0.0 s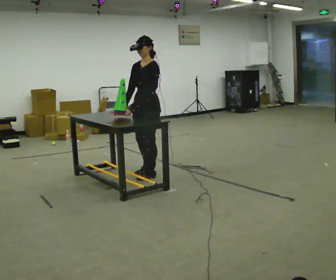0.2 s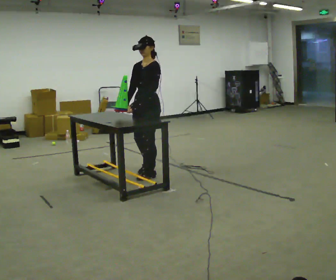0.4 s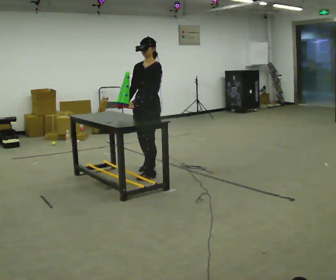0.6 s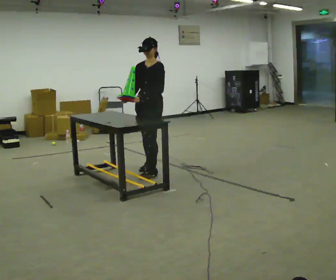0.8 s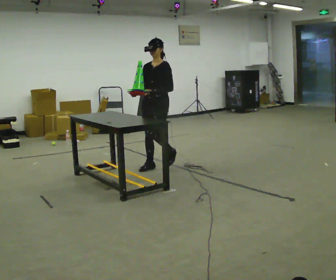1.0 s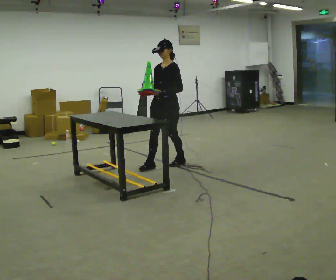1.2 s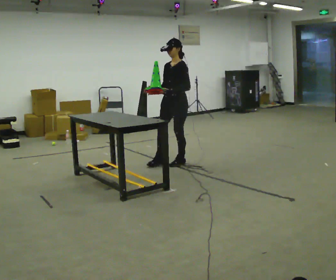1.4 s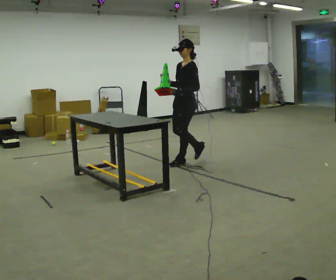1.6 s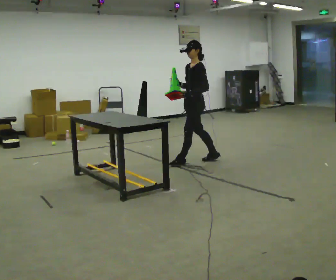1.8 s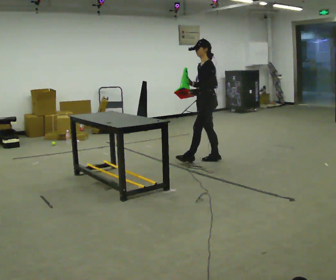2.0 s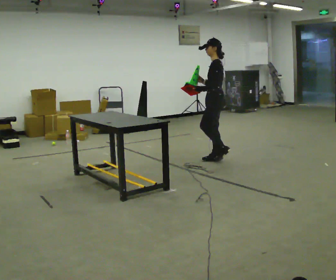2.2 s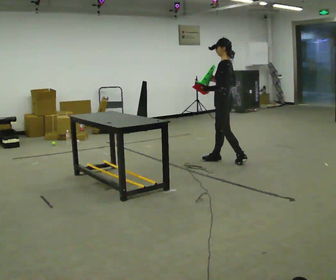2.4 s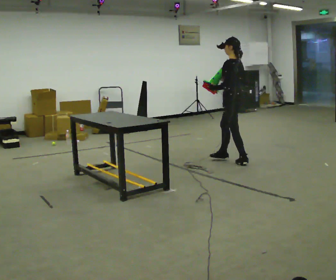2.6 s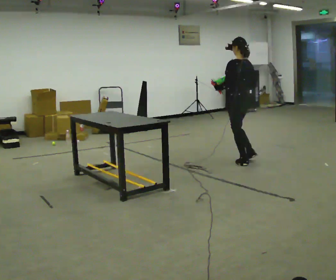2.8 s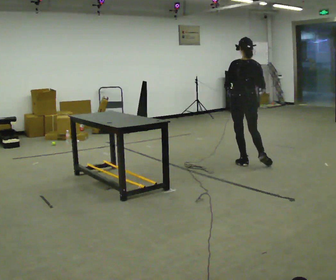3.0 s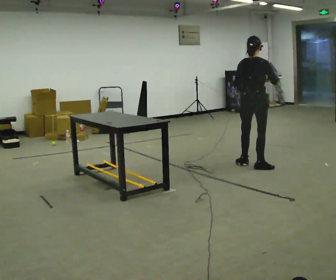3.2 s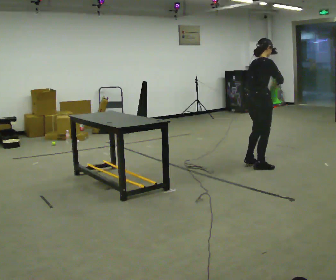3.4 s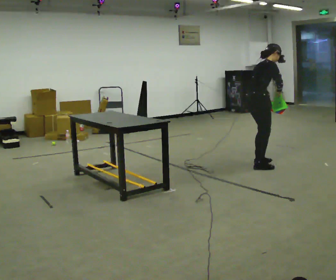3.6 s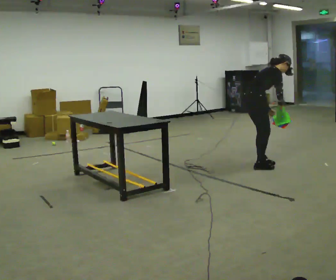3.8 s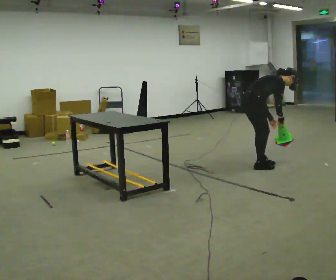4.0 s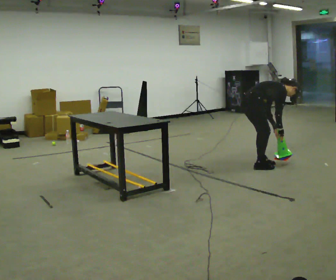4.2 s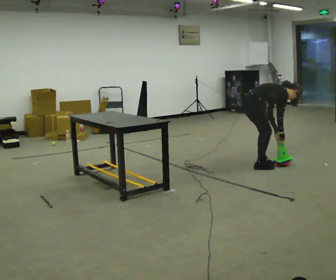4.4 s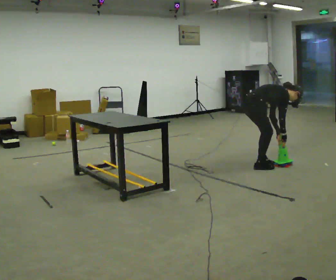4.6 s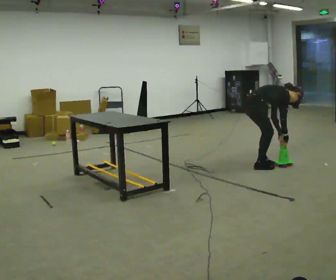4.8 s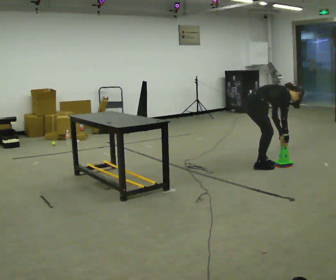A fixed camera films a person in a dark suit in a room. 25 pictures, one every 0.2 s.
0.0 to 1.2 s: In the picture they go away from the camera and to the right, about 0.5 m in 3 steps, which for them is backward.
1.2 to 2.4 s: The part of the body nearest the lens slides to the left as the person turns to their right by about 75 degrees. In the picture they go to the right, about 0.5 m in 2 steps.
2.4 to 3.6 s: The part of the body nearest the lens slides to the left as the person turns to their right by about 135 degrees. In the picture they go toward the camera and to the right, about 0.25 m in 1 step. In the picture the upper body tilts clockwise, shoulders to the right, as they bend forward.
3.6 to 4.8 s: The shoulders move downward. In the picture the upper body tilts clockwise, shoulders to the right, as they bend forward.
The film runs backward here.
